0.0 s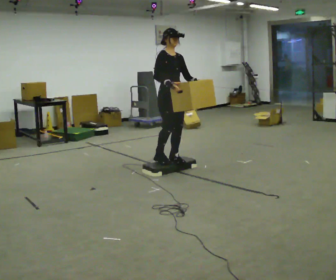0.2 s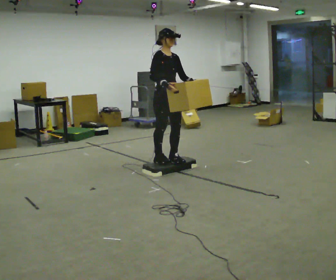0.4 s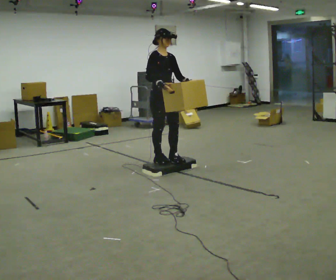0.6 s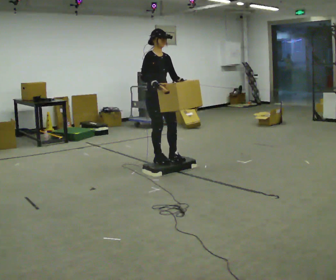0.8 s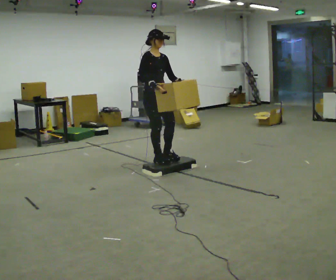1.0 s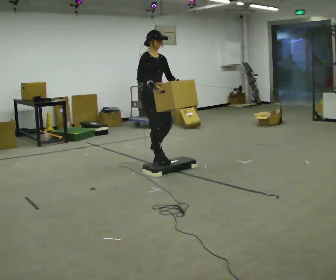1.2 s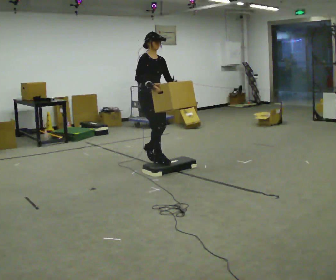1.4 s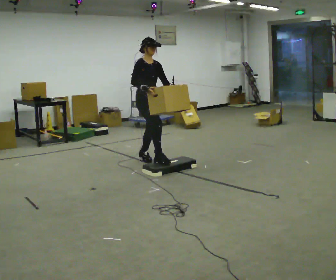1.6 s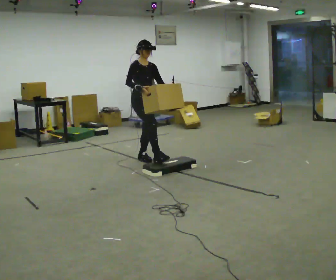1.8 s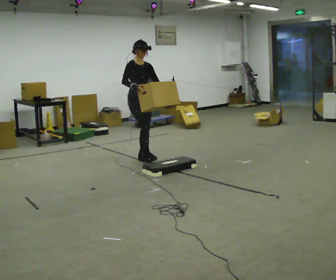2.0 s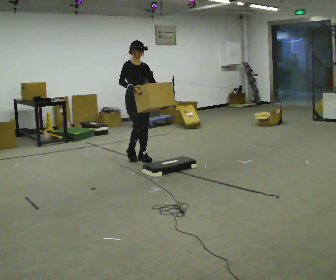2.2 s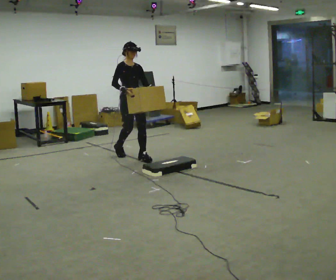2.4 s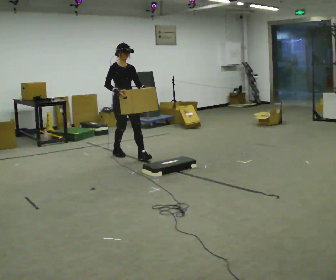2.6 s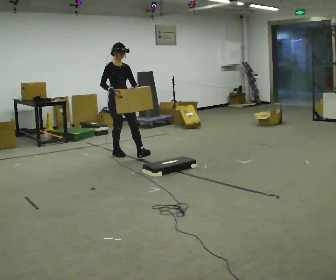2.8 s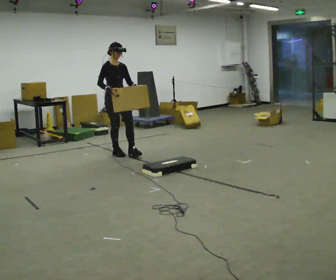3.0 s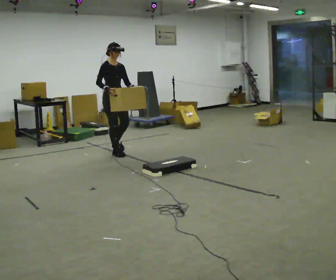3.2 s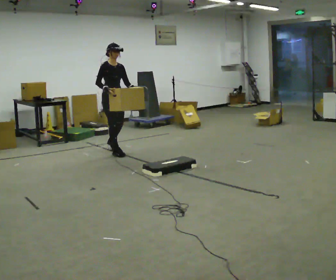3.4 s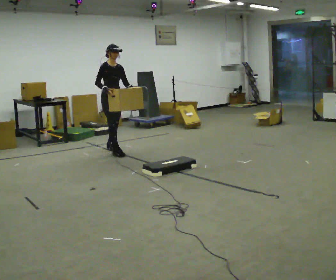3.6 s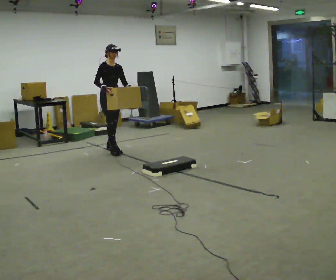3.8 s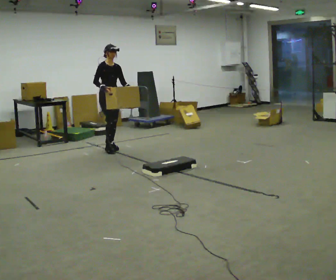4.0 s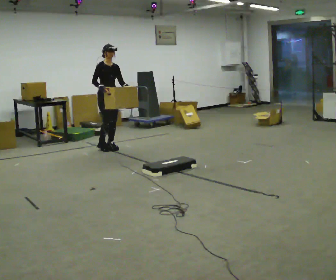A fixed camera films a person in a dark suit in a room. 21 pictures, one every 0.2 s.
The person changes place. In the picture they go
away from the camera.
0.0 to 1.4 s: In the picture they go away from the camera and to the left, about 0.5 m in 1 step, which for them is backward.
1.4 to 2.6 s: In the picture they go away from the camera and to the left, about 0.75 m in 2 steps, which for them is backward.
2.6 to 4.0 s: In the picture they go away from the camera and to the left, about 0.5 m in 1 step, which for them is backward.
The film runs backward here.
